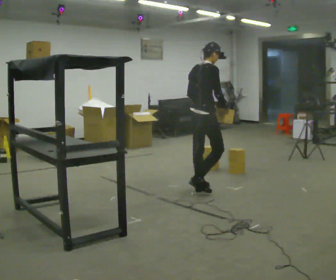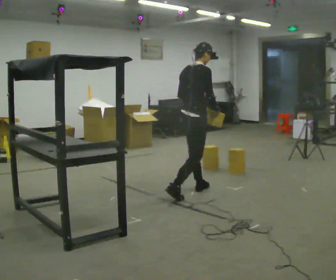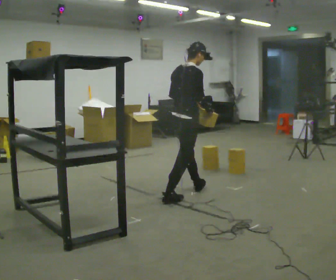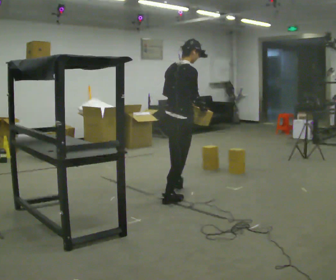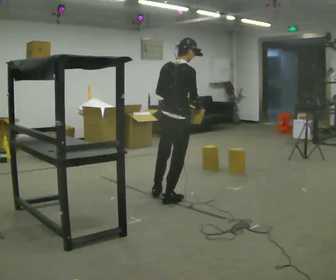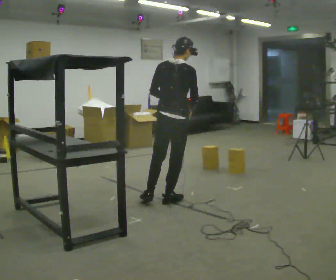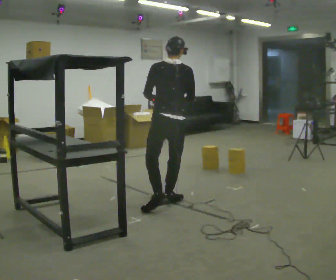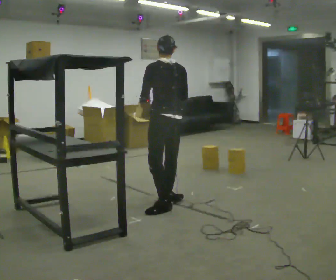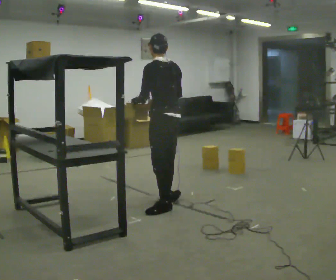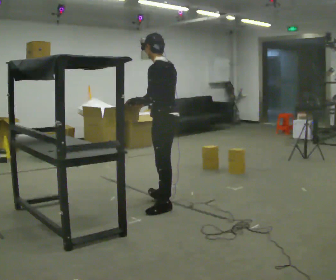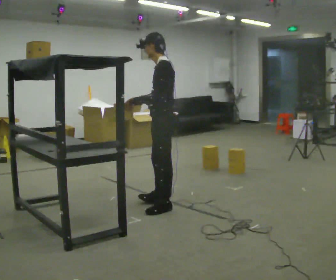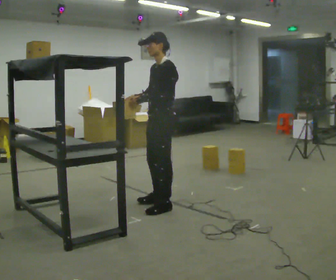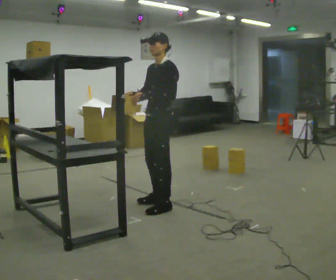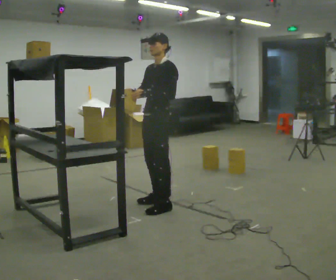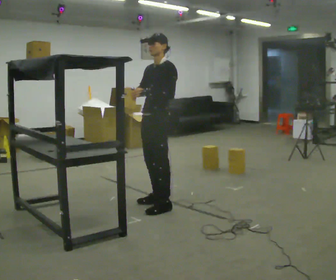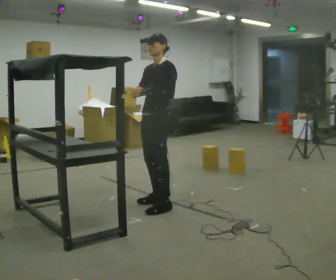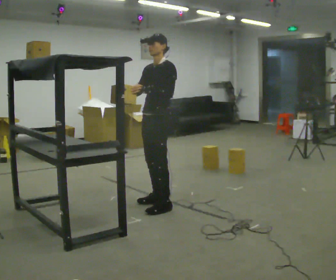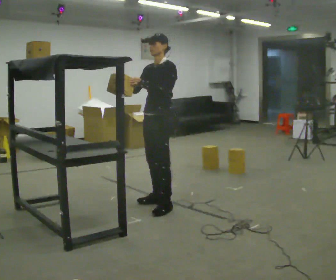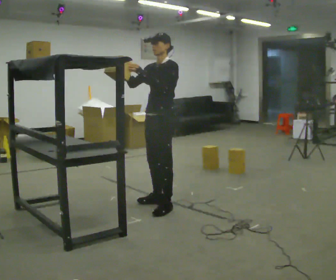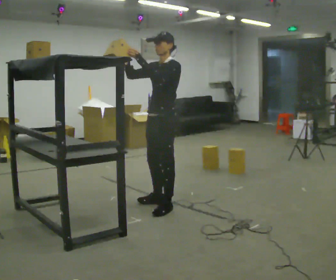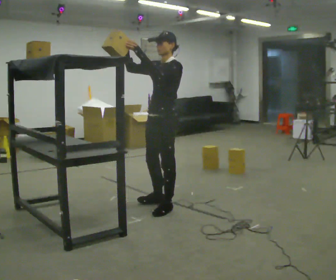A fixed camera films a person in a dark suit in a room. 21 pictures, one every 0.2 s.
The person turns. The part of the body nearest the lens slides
to the right.
Their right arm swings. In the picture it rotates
clockwise.
0.0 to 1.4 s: The person turns about 75 degrees to their left, counterclockwise seen from above, so the part of the body nearest the lens slides to the right. In the picture they go toward the camera and to the left, about 0.75 m in 1 step.
1.4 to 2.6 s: The part of the body nearest the lens slides to the right as the person turns to their left by about 90 degrees. In the picture their right hand goes to the left, the arm swinging clockwise.
2.6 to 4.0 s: In the picture their right hand goes upward, the arm swinging clockwise.
The film runs backward here.
